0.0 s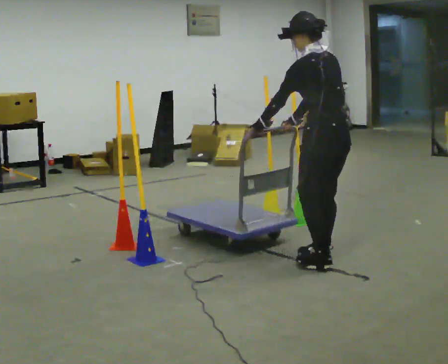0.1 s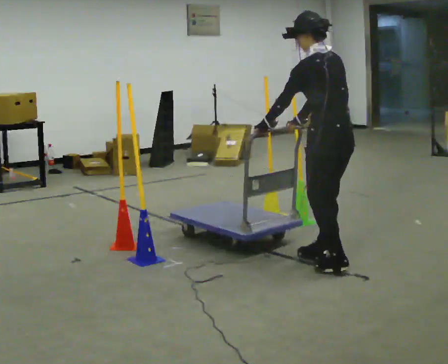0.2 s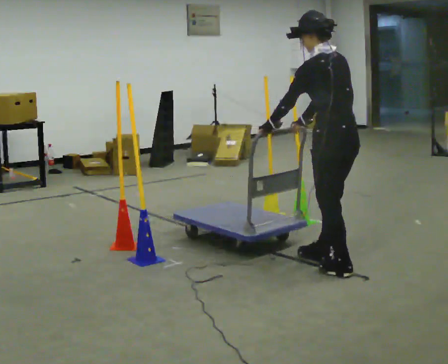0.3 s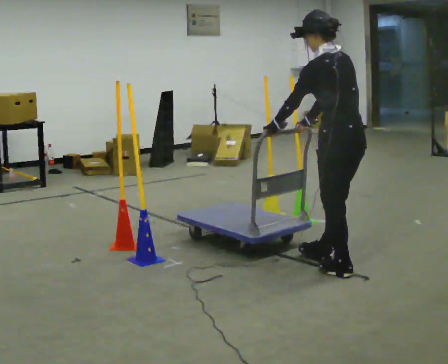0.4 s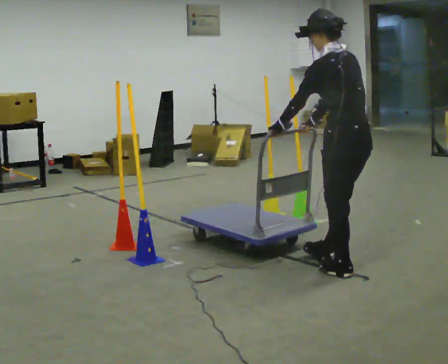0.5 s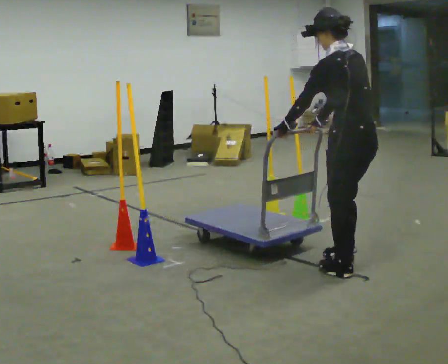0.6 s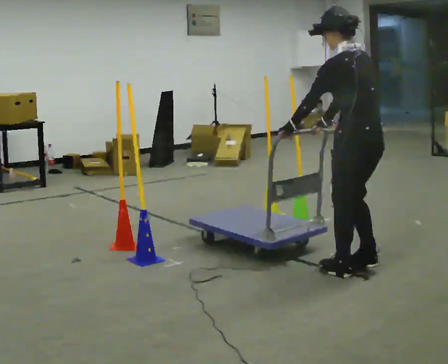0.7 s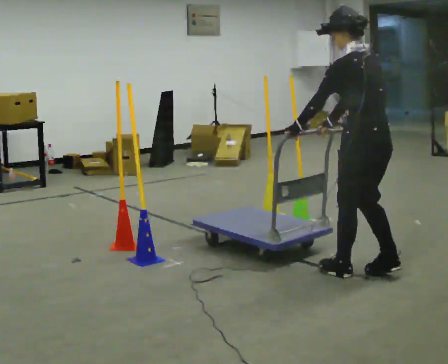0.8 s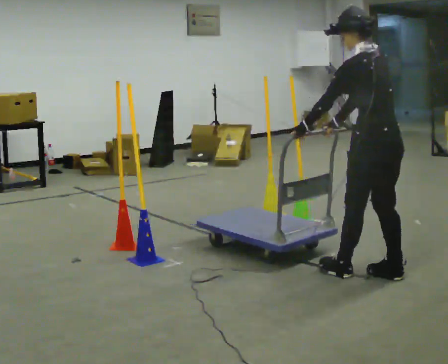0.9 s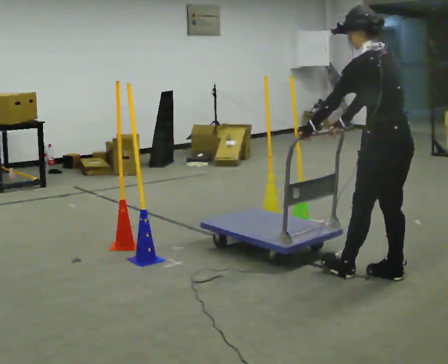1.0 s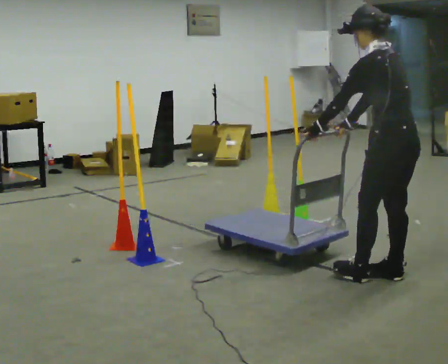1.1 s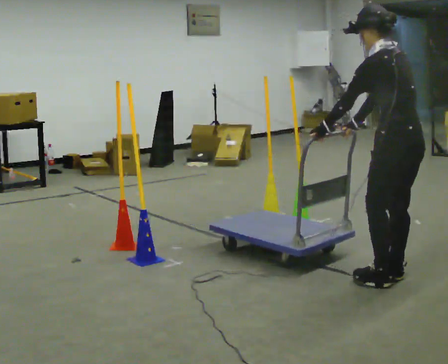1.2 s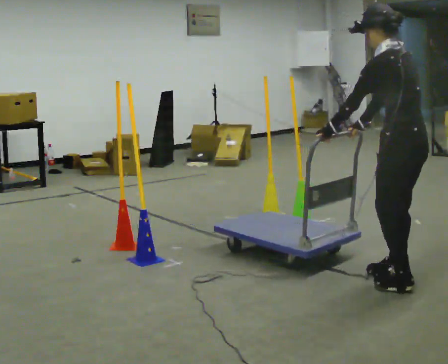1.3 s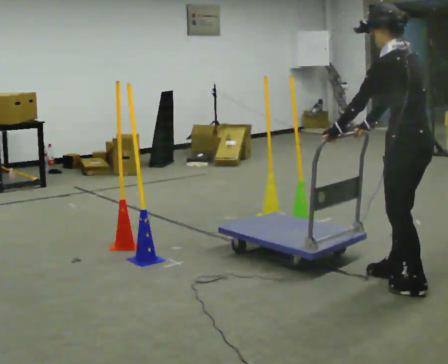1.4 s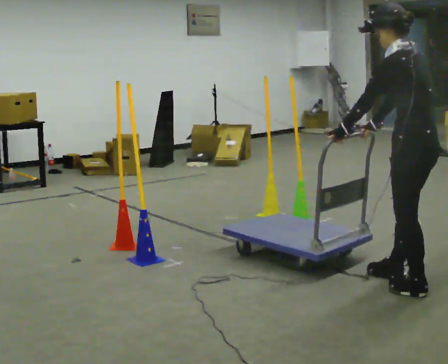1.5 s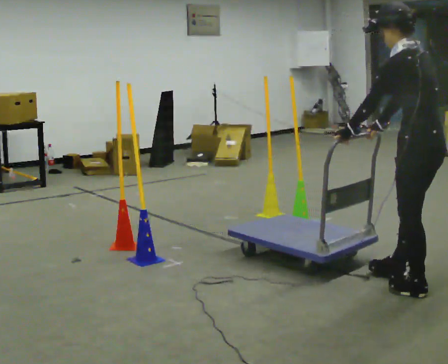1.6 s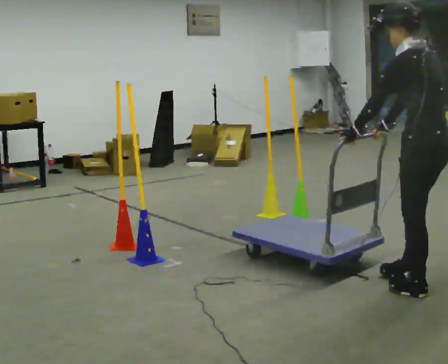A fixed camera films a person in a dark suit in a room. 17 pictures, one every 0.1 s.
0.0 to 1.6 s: In the picture they go to the right and toward the camera, about 1 m in 3 steps, which for them is backward.
The film runs forward here.
